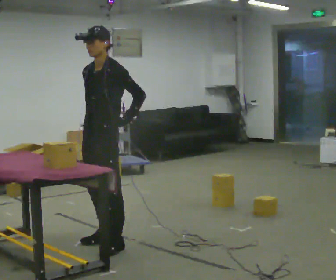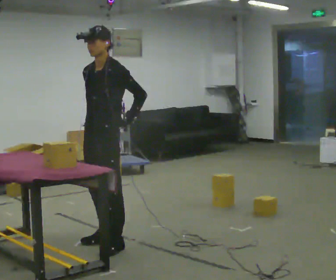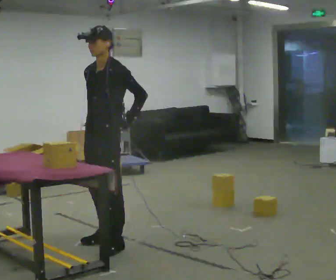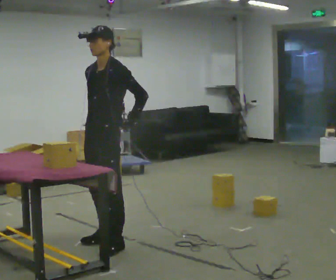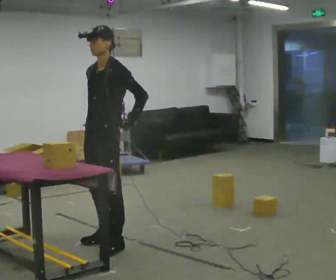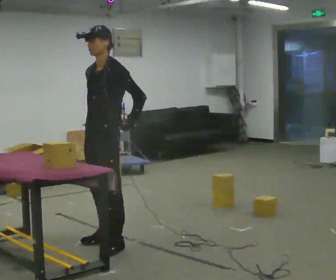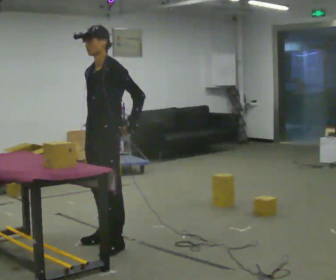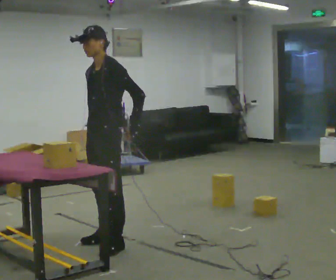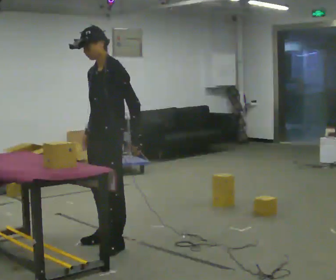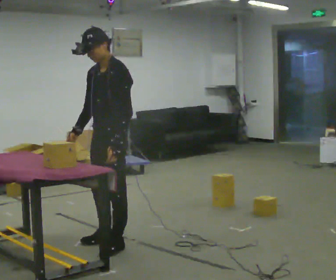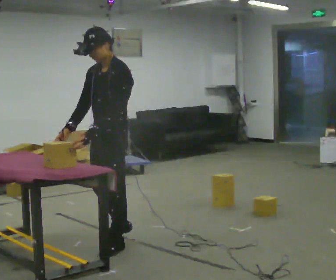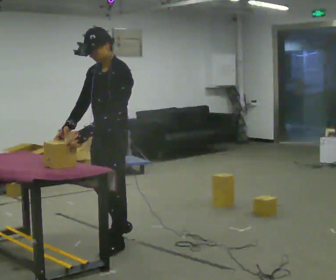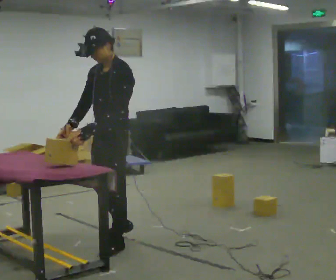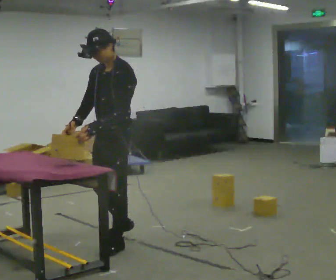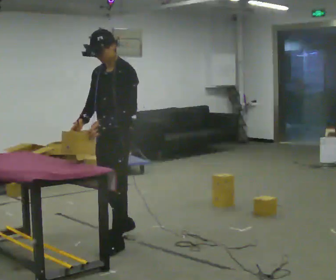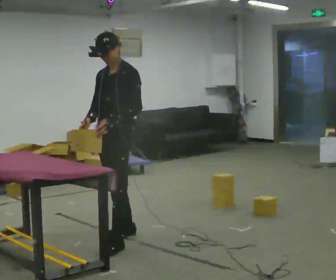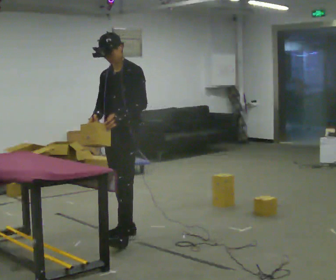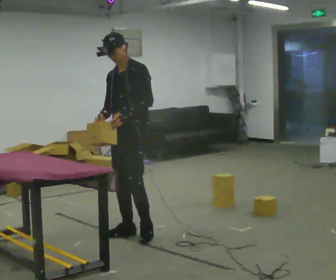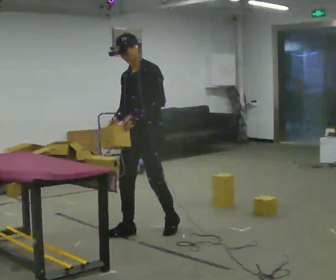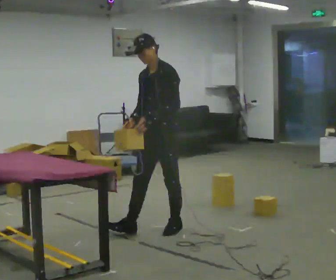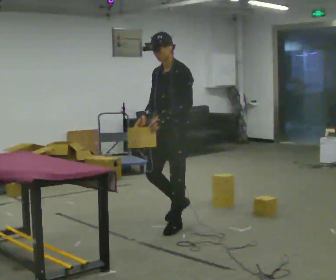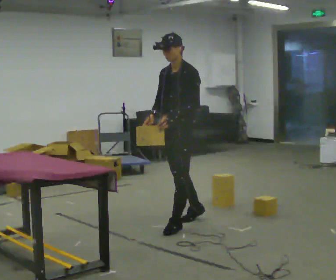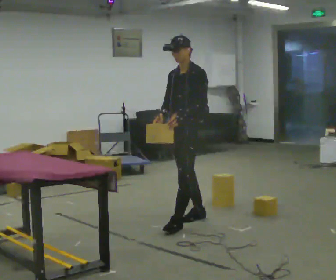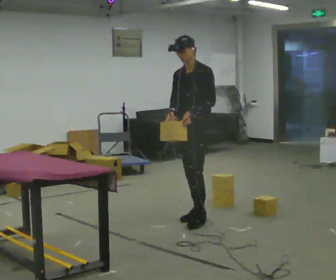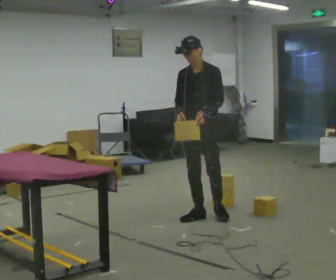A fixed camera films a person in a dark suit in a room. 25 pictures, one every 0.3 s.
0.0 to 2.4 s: The person moves a little, or ends about where they began.
2.4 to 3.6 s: In the picture their left hand goes to the left.
3.6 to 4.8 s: In the picture they go away from the camera, about 0.5 m in 2 steps, which for them is to their right and backward.
4.8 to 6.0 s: In the picture they go to the right and away from the camera, about 0.5 m in 1 step, which for them is backward.
6.0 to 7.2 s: The person turns about 30 degrees to their left, counterclockwise seen from above, so the part of the body nearest the lens slides to the right. In the picture they go away from the camera and to the right, about 0.5 m in 1 step, which for them is backward.
The film runs backward here.
